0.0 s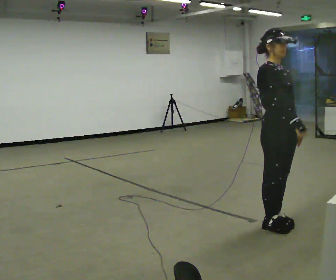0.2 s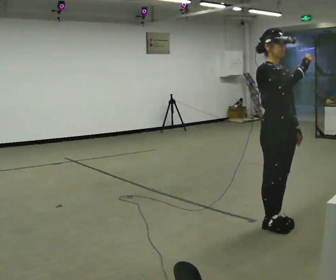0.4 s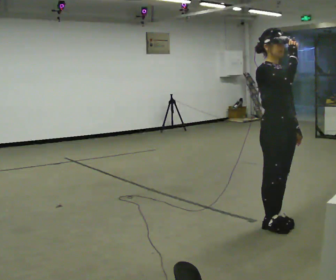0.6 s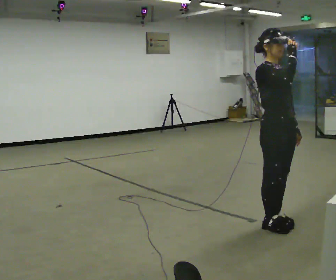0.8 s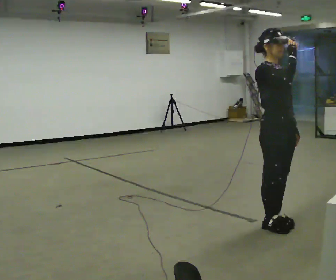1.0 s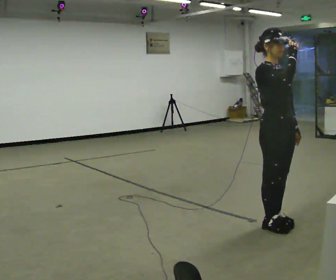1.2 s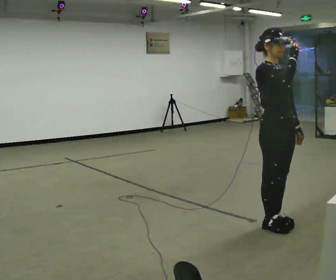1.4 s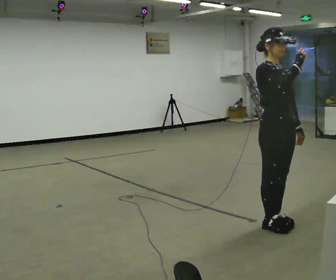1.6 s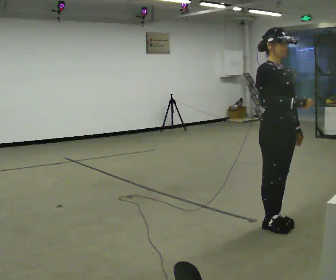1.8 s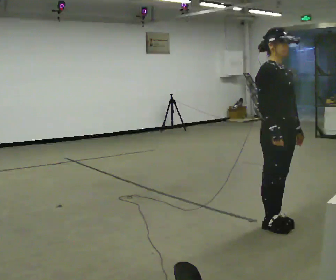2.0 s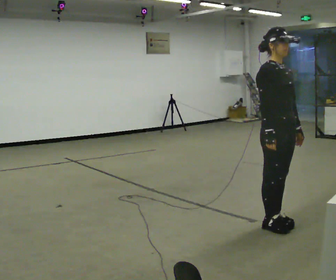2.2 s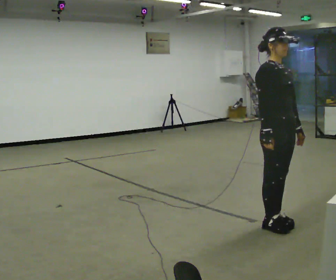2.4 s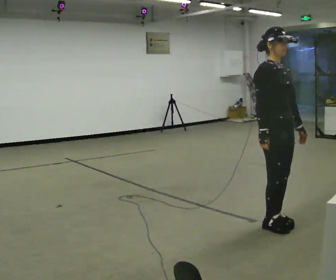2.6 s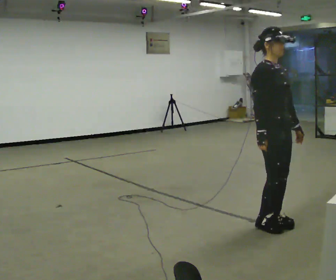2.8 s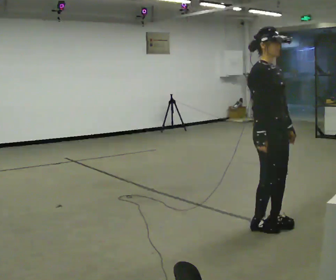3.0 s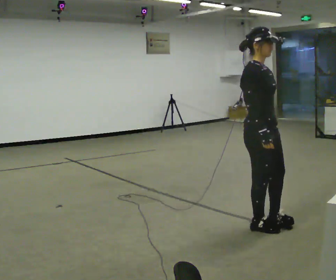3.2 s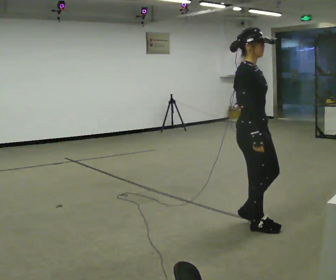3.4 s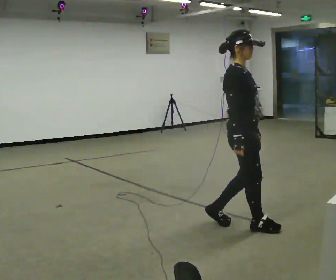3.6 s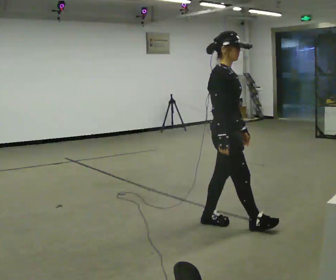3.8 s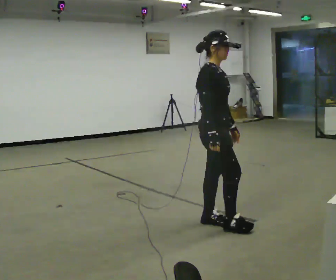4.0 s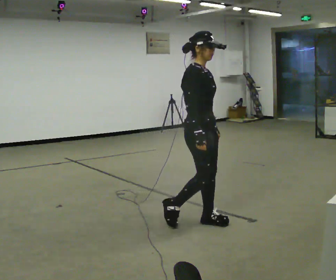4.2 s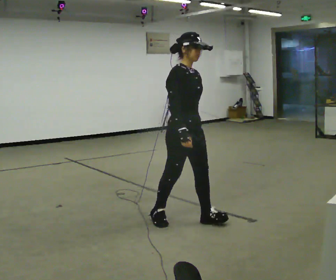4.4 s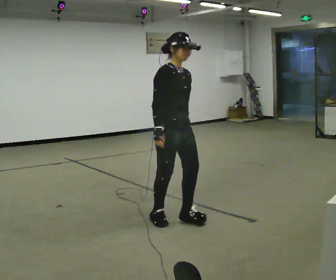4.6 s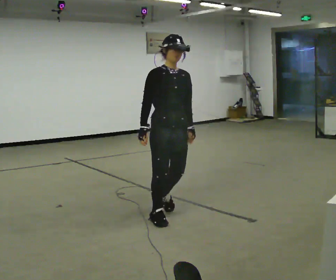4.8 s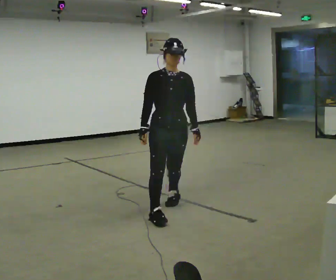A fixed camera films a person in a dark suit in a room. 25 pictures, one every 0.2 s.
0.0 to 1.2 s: In the picture their right hand goes upward.
1.2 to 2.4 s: In the picture their right hand goes downward.
2.4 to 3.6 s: The part of the body nearest the lens slides to the right as the person turns to their left by about 30 degrees. In the picture they go to the left, about 0.5 m in 1 step, which for them is backward and to their right.
3.6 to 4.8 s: The part of the body nearest the lens slides to the left as the person turns to their right by about 60 degrees. In the picture they go to the left and away from the camera, about 0.75 m in 2 steps.
The film runs backward here.
